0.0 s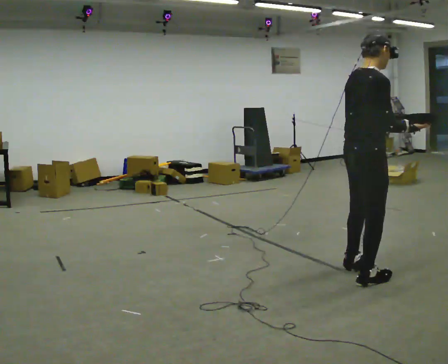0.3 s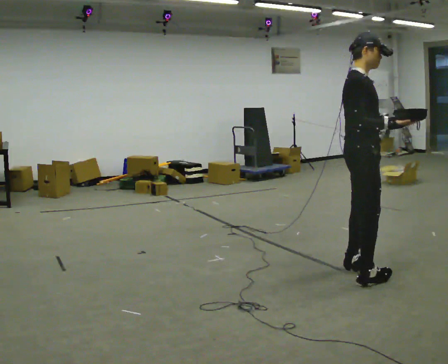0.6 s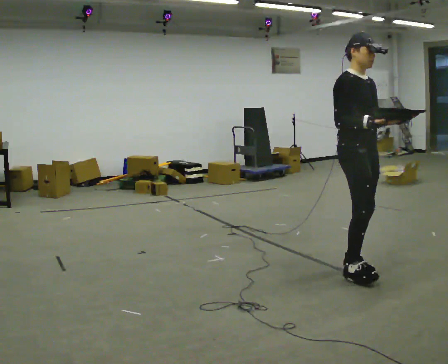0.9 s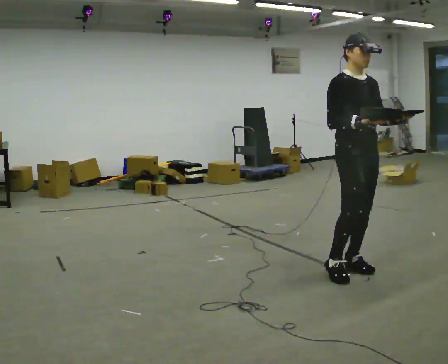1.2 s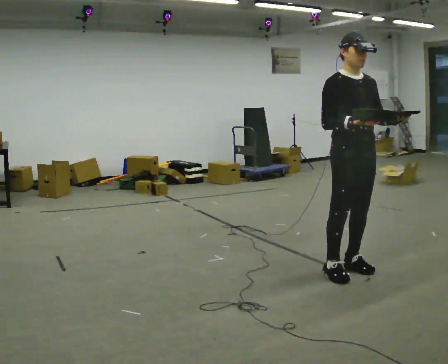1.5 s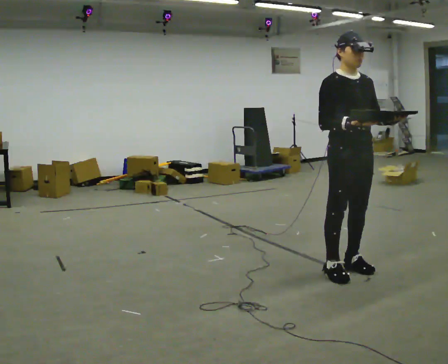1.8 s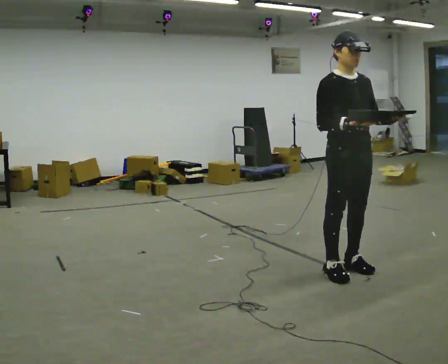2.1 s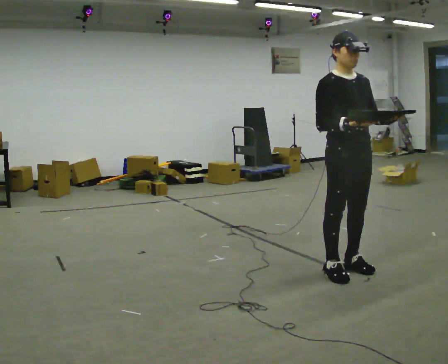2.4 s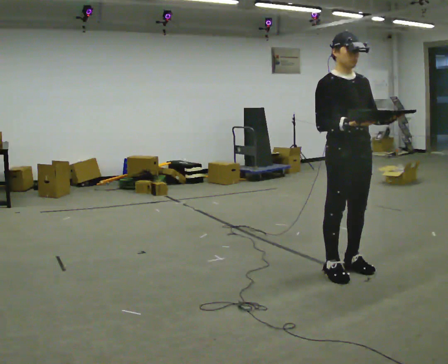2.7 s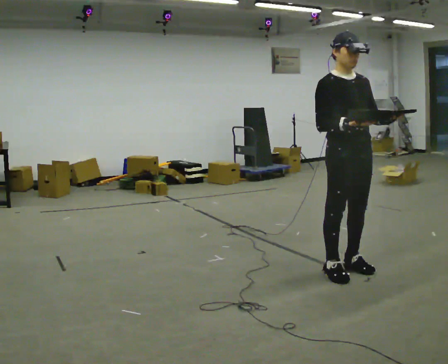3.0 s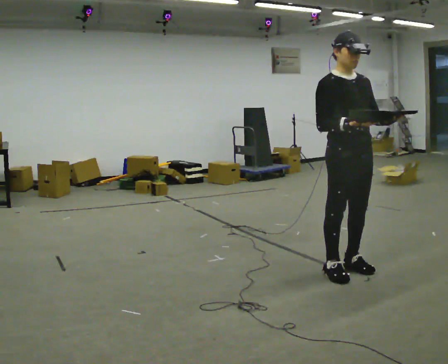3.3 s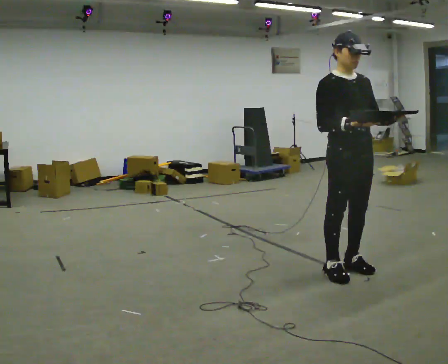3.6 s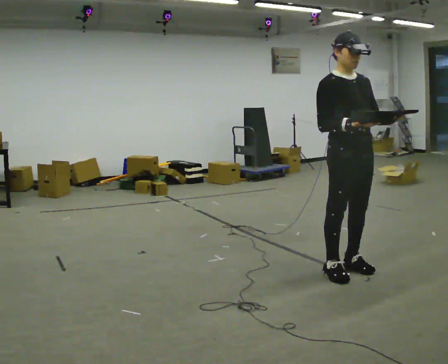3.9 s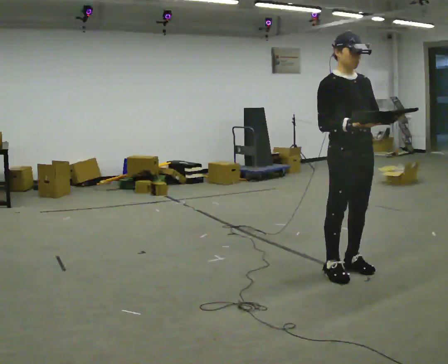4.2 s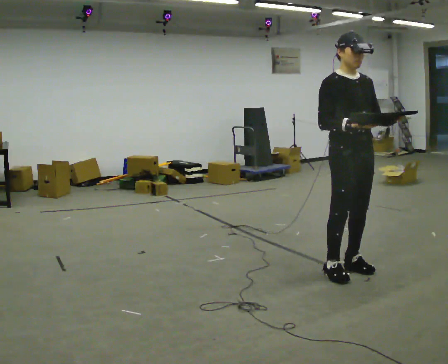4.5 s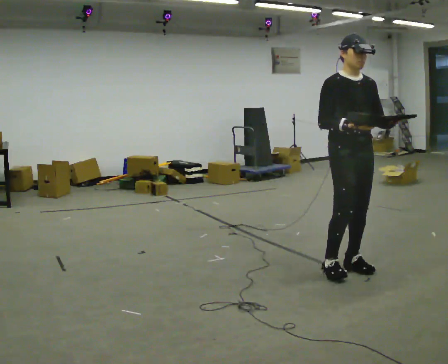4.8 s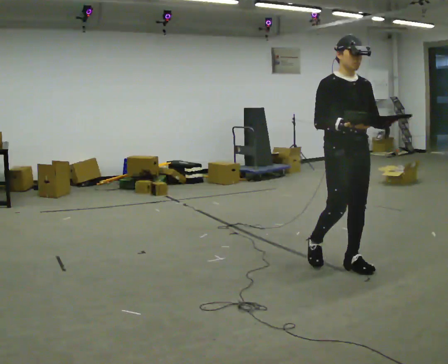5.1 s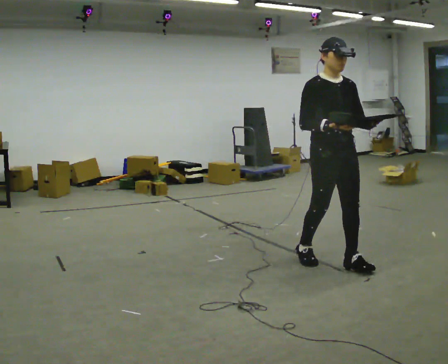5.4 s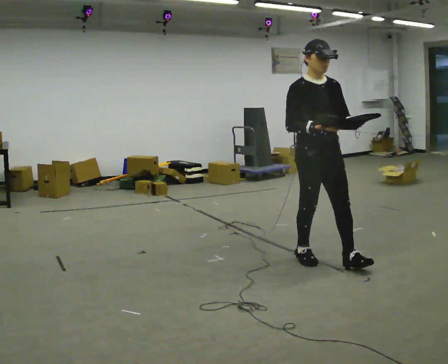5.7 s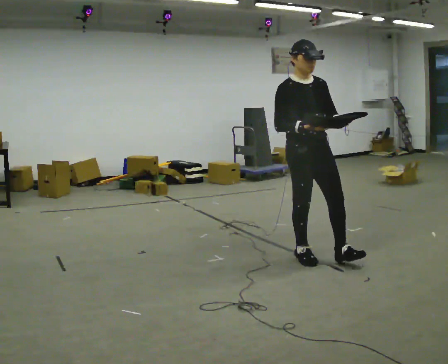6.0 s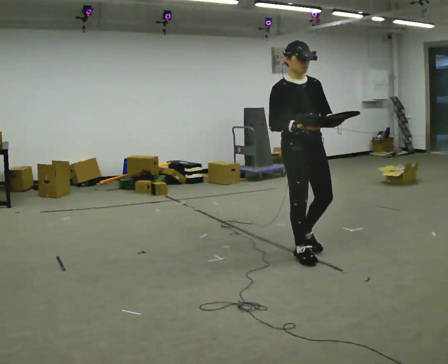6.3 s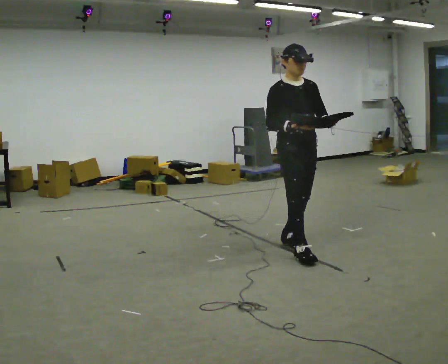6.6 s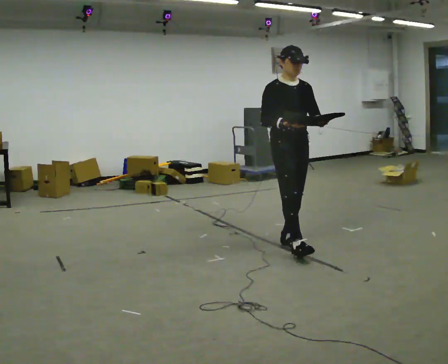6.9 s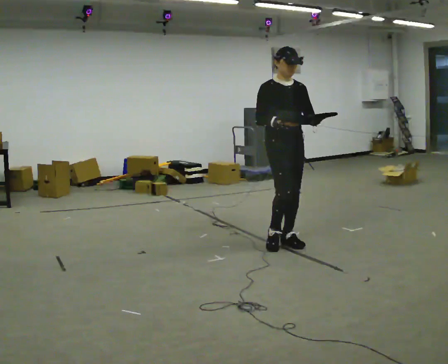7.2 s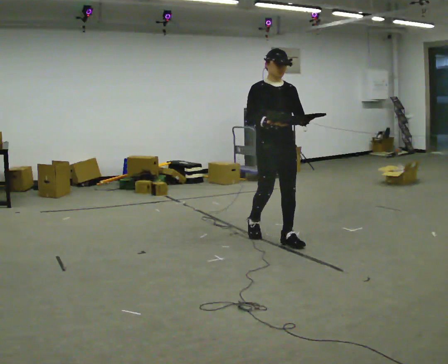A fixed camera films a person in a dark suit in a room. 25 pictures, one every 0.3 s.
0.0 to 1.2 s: The person turns about 75 degrees to their right, clockwise seen from above, so the part of the body nearest the lens slides to the left. In the picture they go away from the camera, about 0.25 m in 1 step.
1.2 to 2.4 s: The person moves a little, or ends about where they began.
2.4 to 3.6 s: The person keeps their place and pose.
3.6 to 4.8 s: The person moves a little, or ends about where they began.
4.8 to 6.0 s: In the picture they go to the left and away from the camera, about 0.5 m in 1 step, which for them is backward and to their right.
6.0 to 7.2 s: In the picture they go away from the camera and to the left, about 0.5 m in 1 step, which for them is backward.
The film runs backward here.
